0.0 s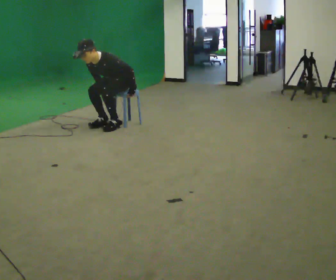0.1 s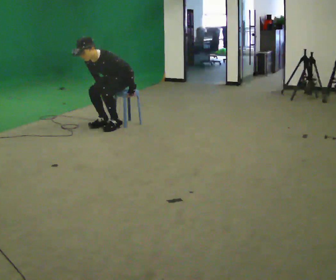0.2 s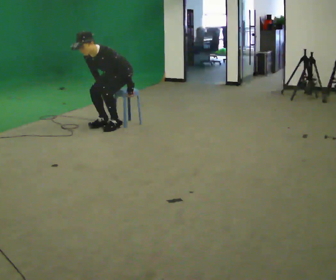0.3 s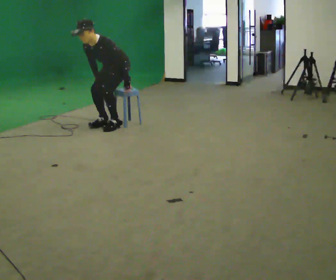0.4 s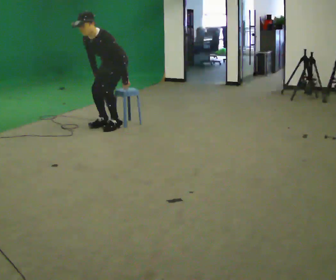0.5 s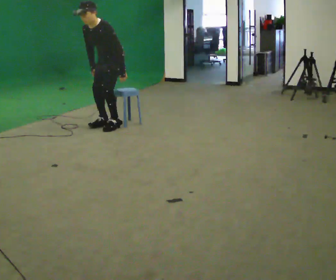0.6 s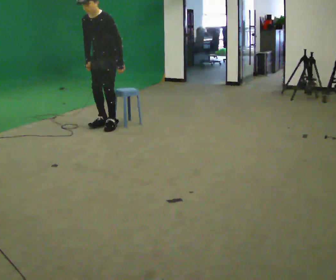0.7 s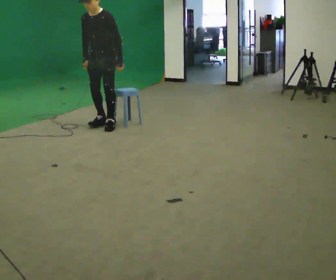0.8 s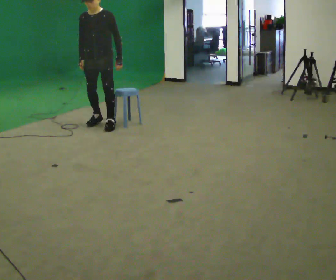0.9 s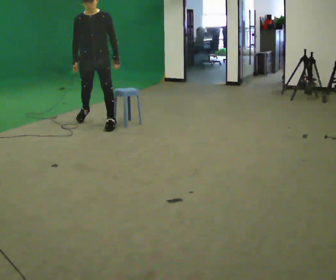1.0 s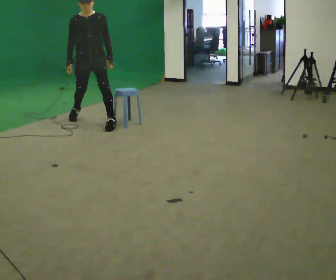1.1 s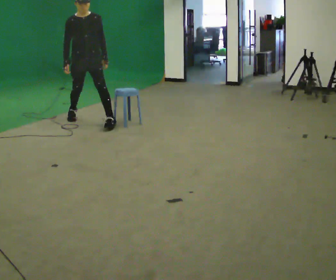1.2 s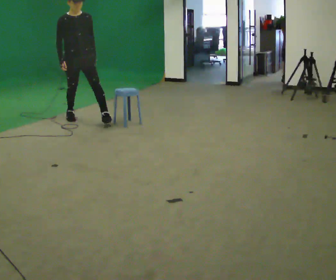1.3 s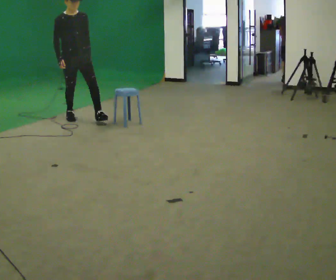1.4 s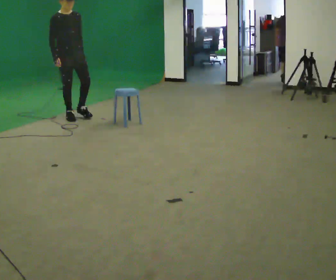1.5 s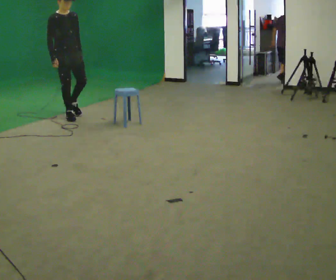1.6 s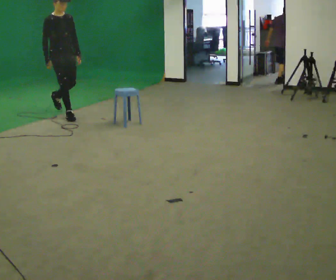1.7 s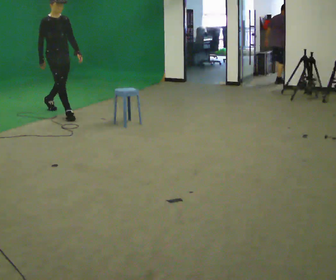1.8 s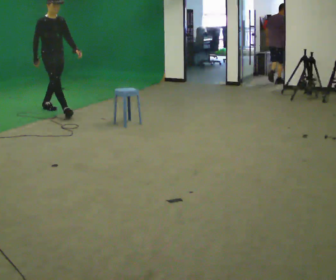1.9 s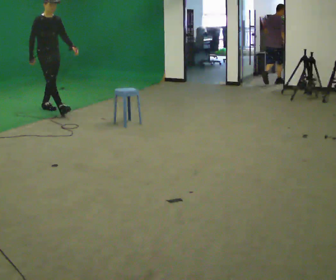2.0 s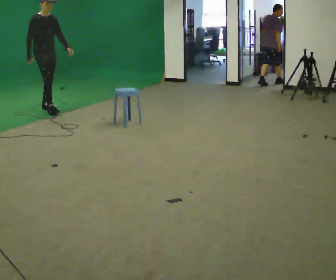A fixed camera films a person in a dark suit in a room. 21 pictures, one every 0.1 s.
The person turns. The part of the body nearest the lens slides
to the right.
The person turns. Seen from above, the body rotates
counterclockwise.
0.0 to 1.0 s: The part of the body nearest the lens slides to the right as the person turns to their left by about 45 degrees. In the picture they go to the left, about 0.5 m in 1 step, which for them is to their right and forward. The shoulders move upward. In the picture the upper body tilts clockwise, shoulders to the right, as they lean back or straighten. In the picture their right hand goes upward.
1.0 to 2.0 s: The person turns about 45 degrees to their left, counterclockwise seen from above, so the part of the body nearest the lens slides to the right. In the picture they go away from the camera and to the left, about 1 m in 2 steps, which for them is backward.
The film runs backward here.
